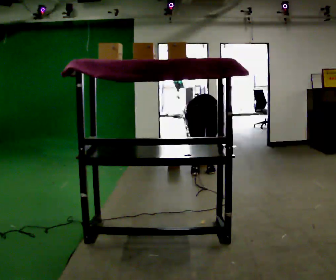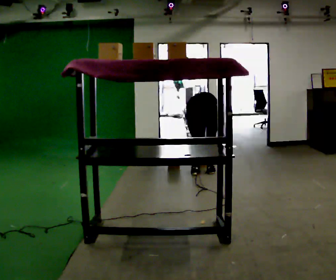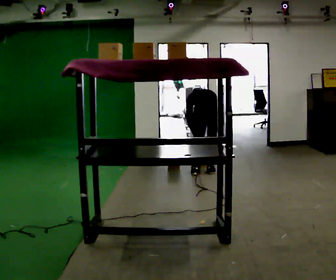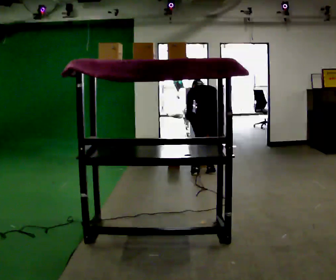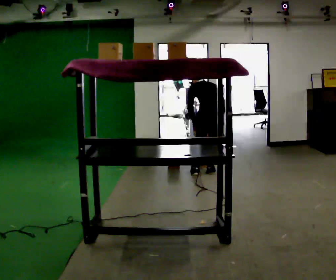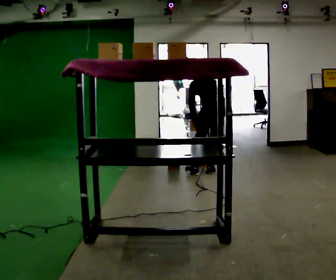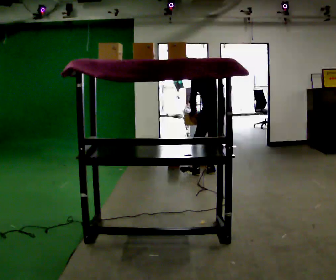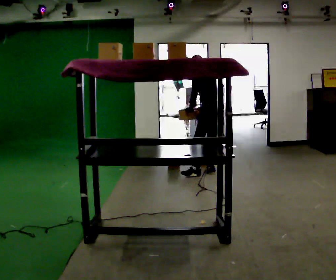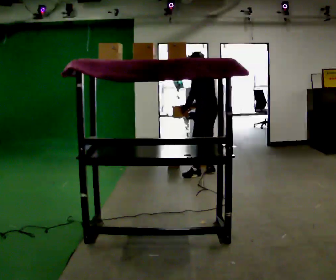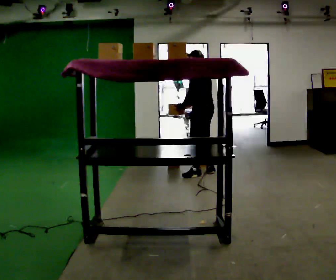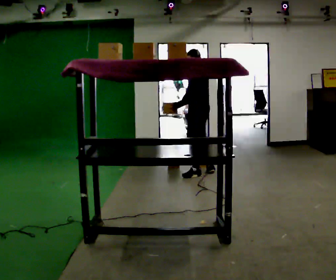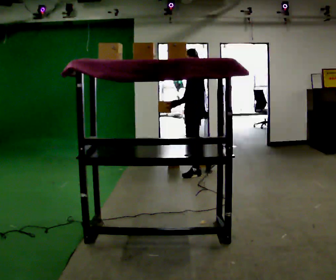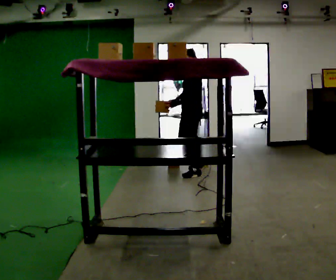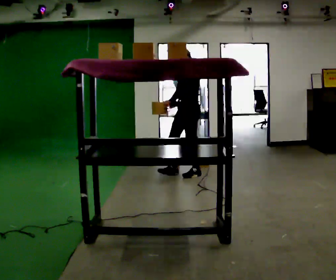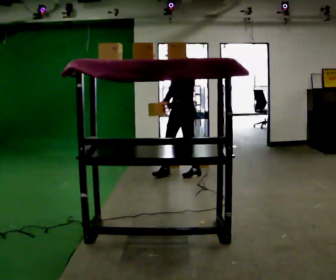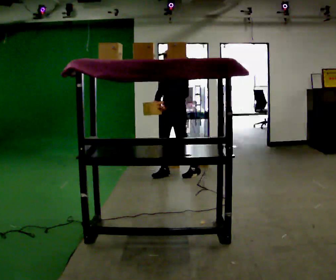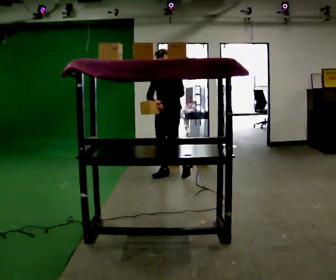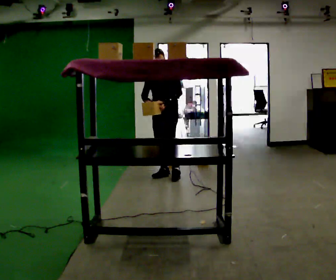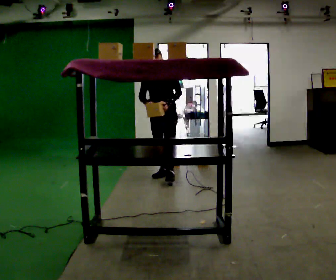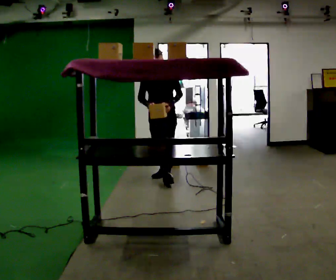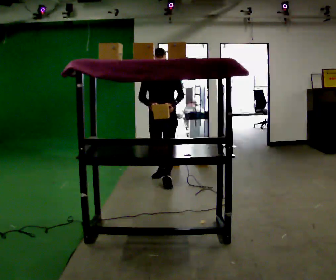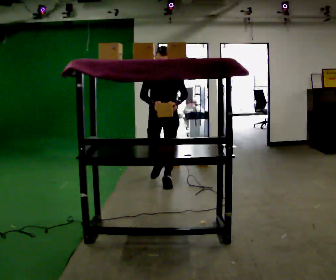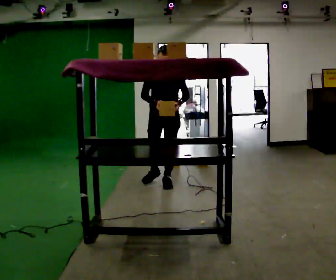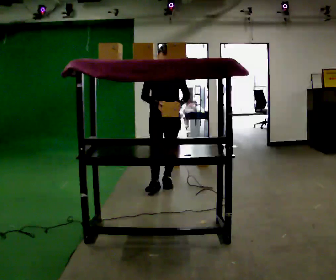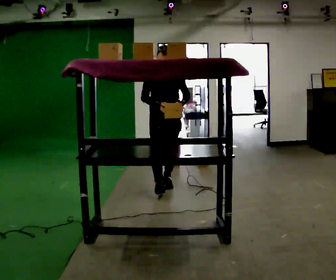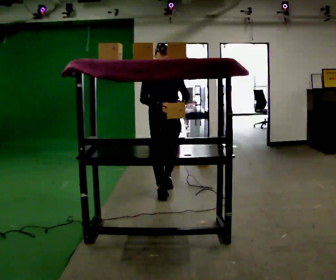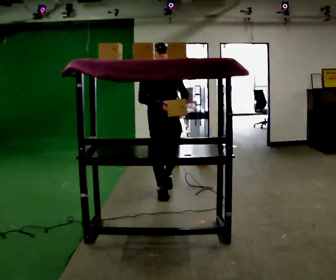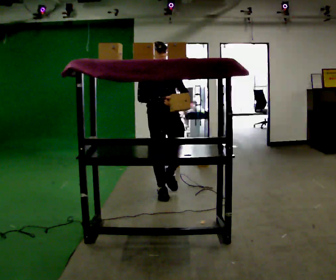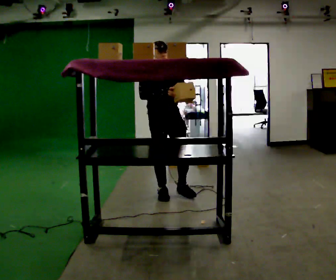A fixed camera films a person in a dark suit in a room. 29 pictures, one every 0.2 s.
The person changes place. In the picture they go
toward the camera.
The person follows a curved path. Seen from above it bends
counterclockwise.
0.0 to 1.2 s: The part of the body nearest the lens slides to the right as the person turns to their left by about 45 degrees. The upper body goes upward. The upper body tips toward the camera, its near side rolling downward, as they lean back or straighten. In the picture their left hand goes upward.
1.2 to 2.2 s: Seen from above the body turns counterclockwise, about 45 degrees: to their left, with its near side sliding to the right. In the picture they go to the left, about 0.25 m, which for them is forward and to their left. The upper body tips toward the camera, its near side rolling downward, as they lean back or straighten.
2.2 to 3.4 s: The person turns about 75 degrees to their left, counterclockwise seen from above, so the part of the body nearest the lens slides to the right. In the picture they go to the left, about 0.5 m in 1 step.
3.4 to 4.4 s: Seen from above the body turns counterclockwise, about 30 degrees: to their left, with its near side sliding to the right. In the picture they go toward the camera, about 0.5 m in 1 step, which for them is forward.
4.4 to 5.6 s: Seen from above the body turns counterclockwise, about 30 degrees: to their left, with its near side sliding to the right. In the picture they go toward the camera, about 0.5 m in 1 step, which for them is forward.
The film runs forward here.
